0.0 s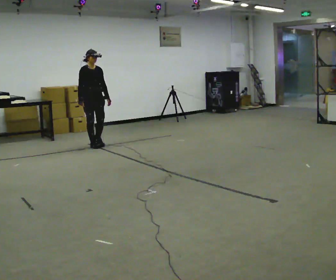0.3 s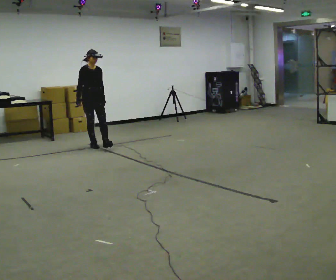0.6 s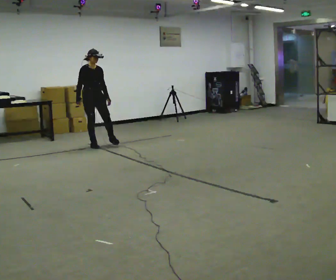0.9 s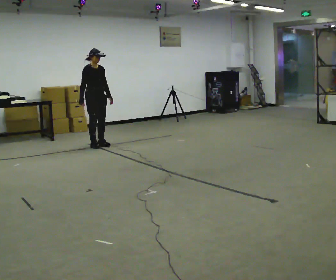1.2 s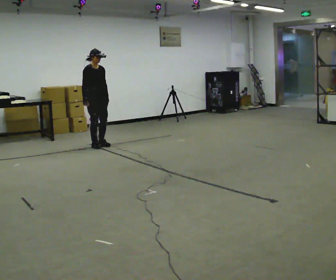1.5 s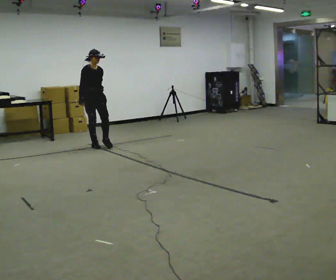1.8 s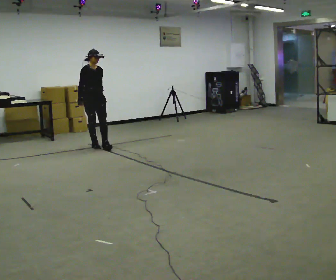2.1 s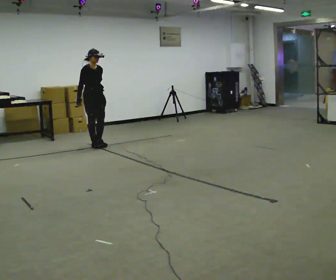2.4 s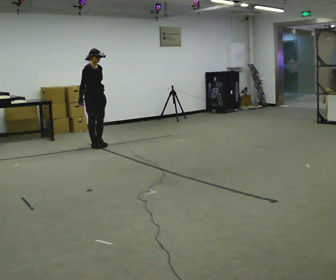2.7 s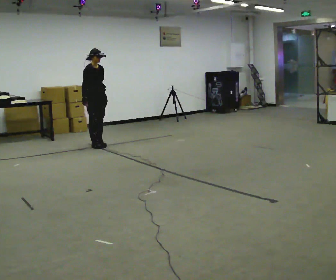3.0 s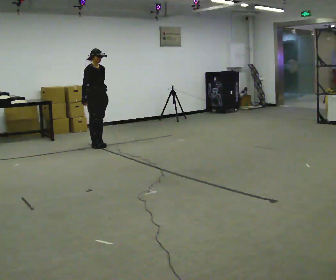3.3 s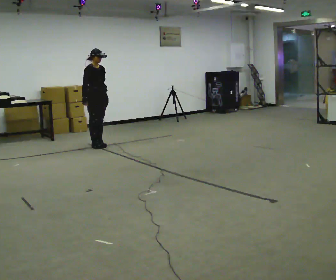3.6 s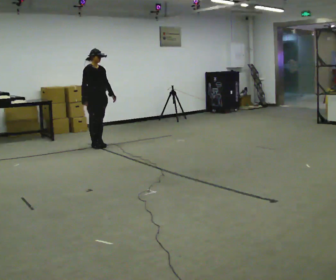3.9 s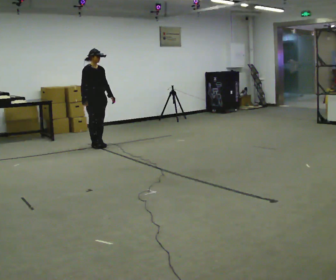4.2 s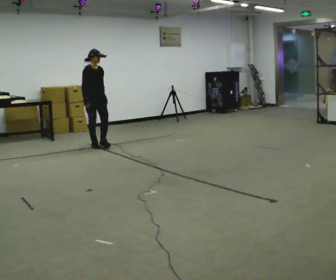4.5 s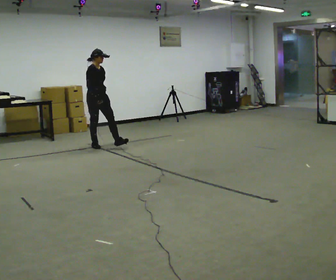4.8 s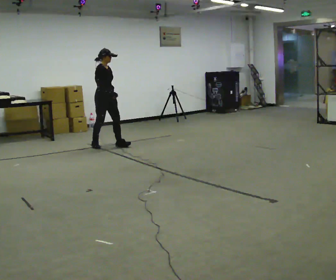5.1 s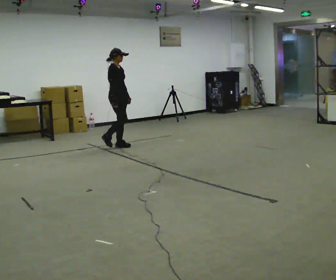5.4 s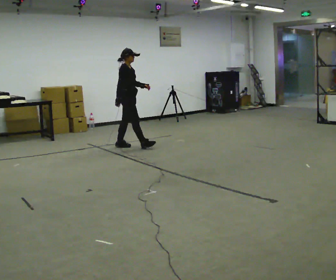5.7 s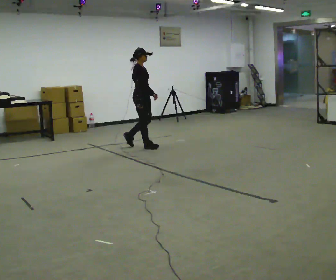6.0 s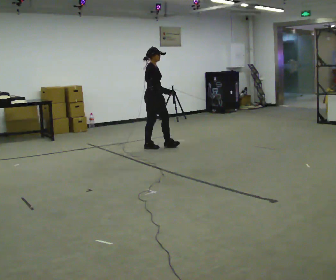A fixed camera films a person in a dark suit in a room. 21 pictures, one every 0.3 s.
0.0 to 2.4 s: The person moves a little, or ends about where they began.
2.4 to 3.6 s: In the picture their left hand goes to the right.
3.6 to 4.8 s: The person moves a little, or ends about where they began.
4.8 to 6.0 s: In the picture they go to the right, about 1 m in 1 step, which for them is forward.
The film runs forward here.
